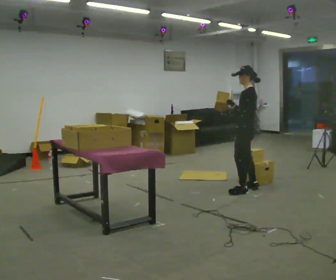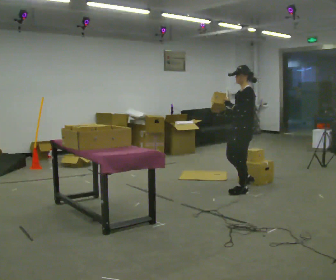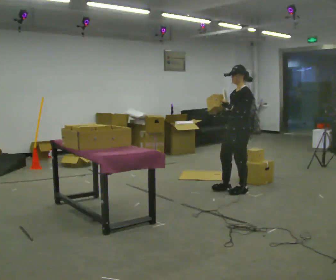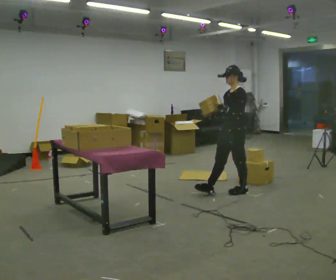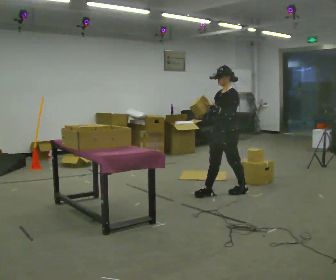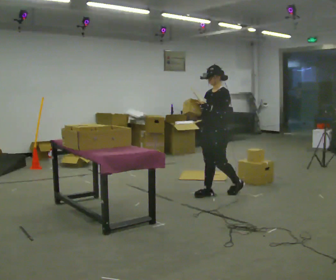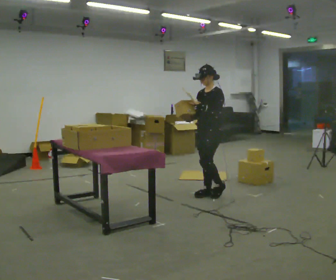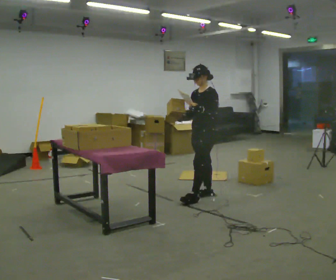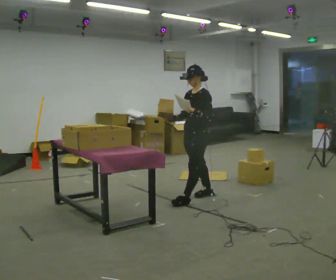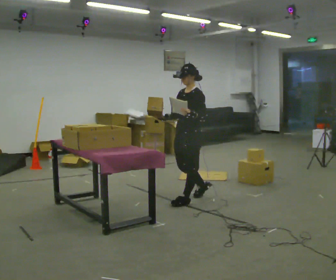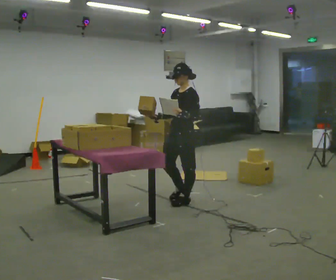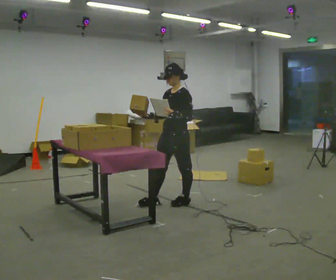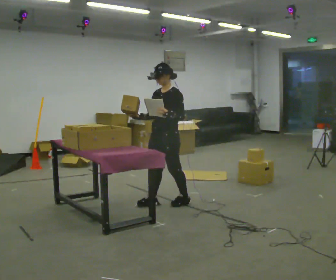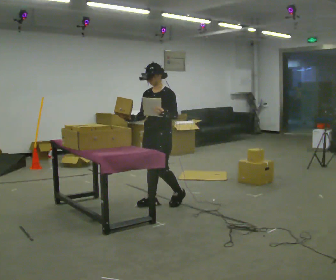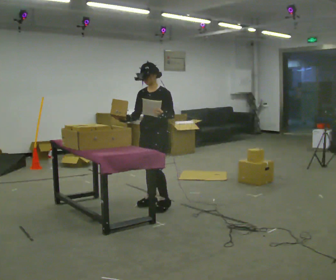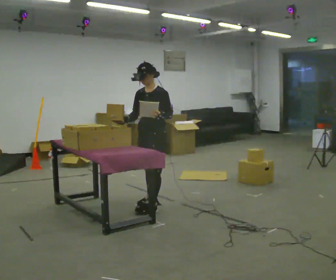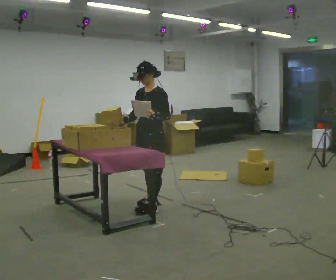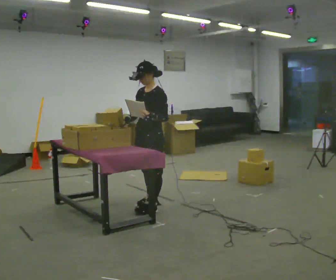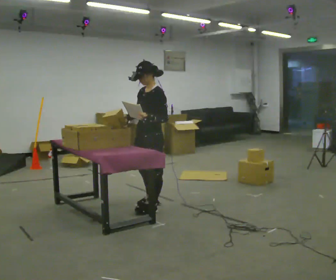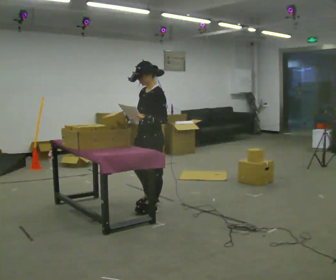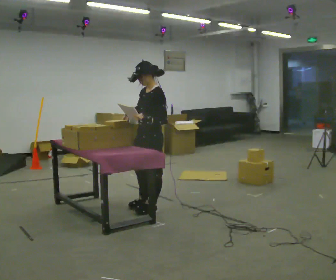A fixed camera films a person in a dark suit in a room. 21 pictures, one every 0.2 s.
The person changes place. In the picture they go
to the left.
0.0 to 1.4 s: Seen from above the body turns counterclockwise, about 45 degrees: to their left, with its near side sliding to the right. In the picture they go to the left, about 0.5 m in 1 step, which for them is forward.
1.4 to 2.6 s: In the picture they go to the left and toward the camera, about 0.5 m in 2 steps, which for them is forward.
2.6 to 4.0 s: Seen from above the body turns clockwise, about 30 degrees: to their right, with its near side sliding to the left. In the picture they go toward the camera, about 0.25 m in 1 step, which for them is forward and to their left.
The film runs forward here.
